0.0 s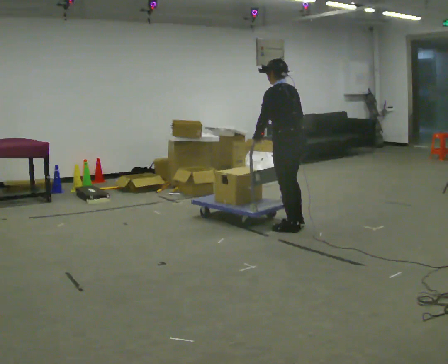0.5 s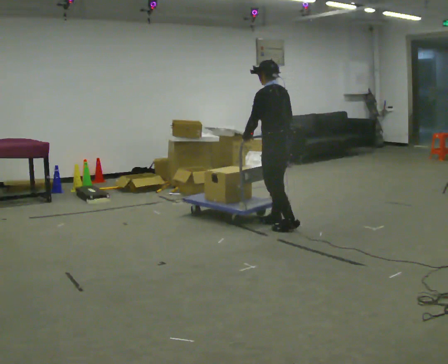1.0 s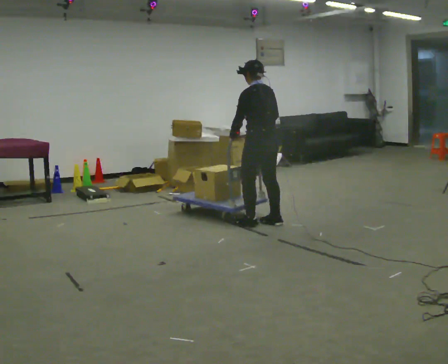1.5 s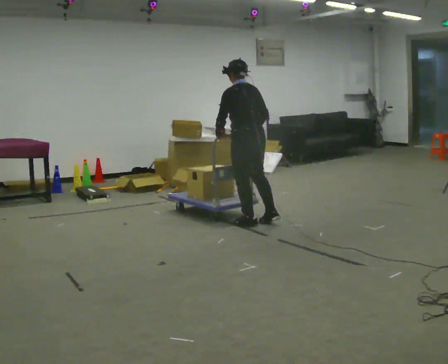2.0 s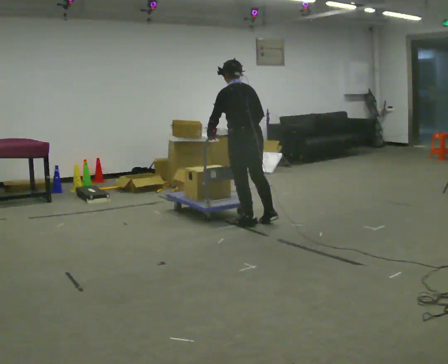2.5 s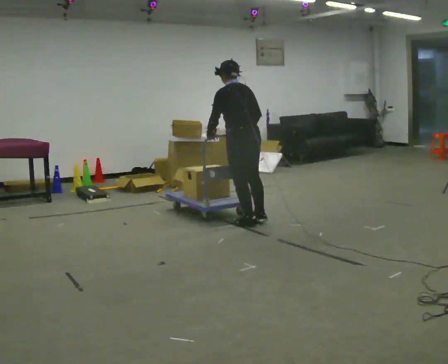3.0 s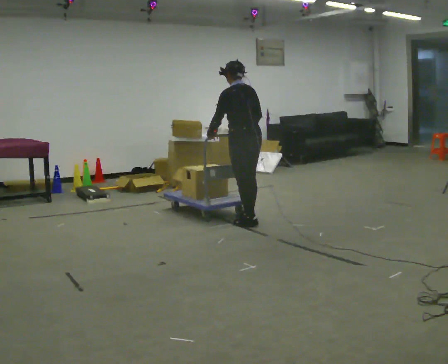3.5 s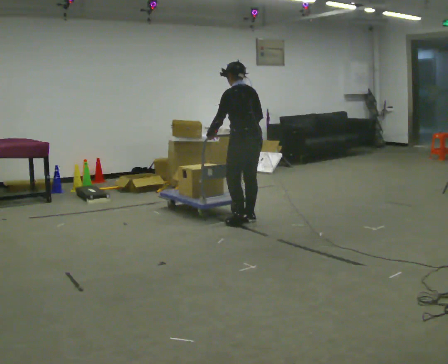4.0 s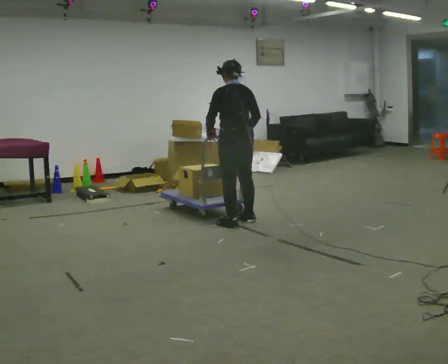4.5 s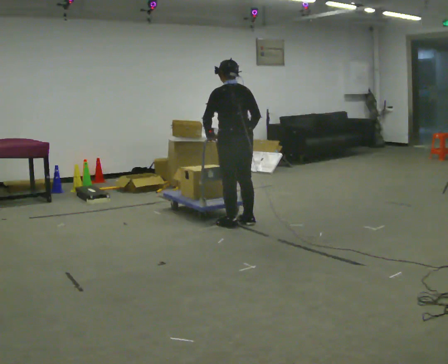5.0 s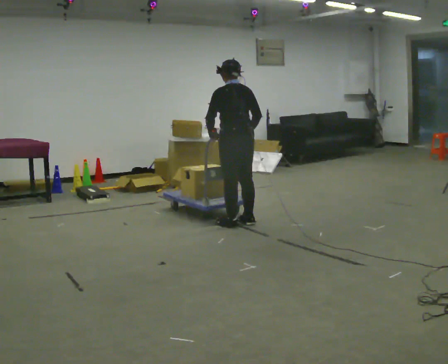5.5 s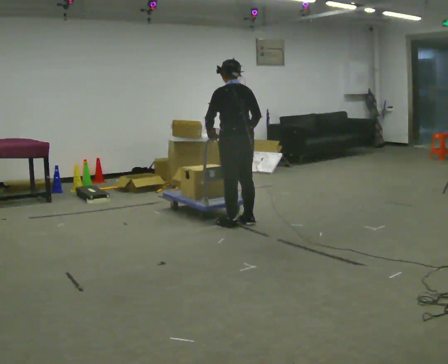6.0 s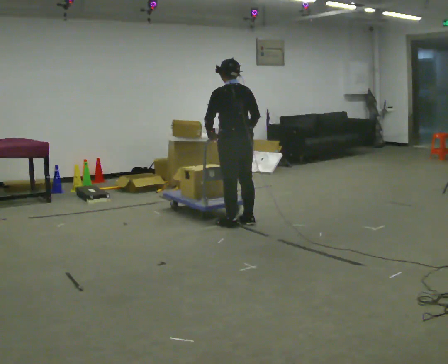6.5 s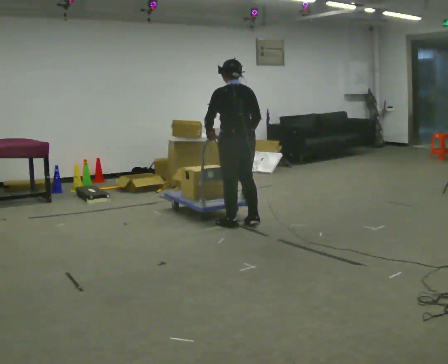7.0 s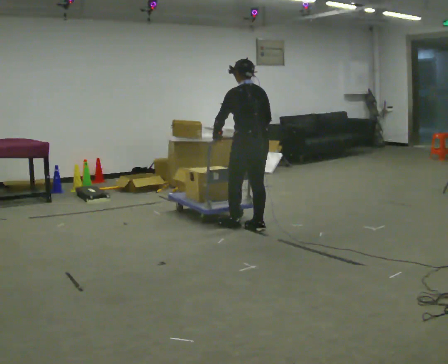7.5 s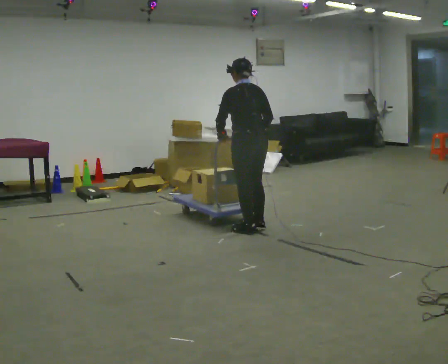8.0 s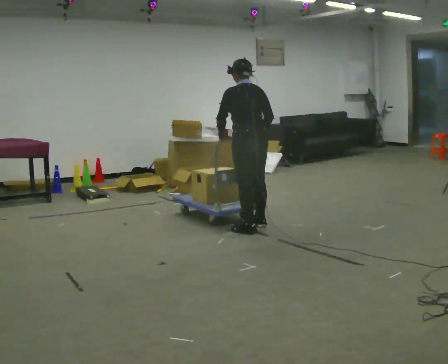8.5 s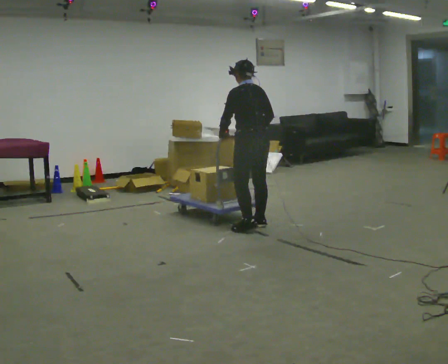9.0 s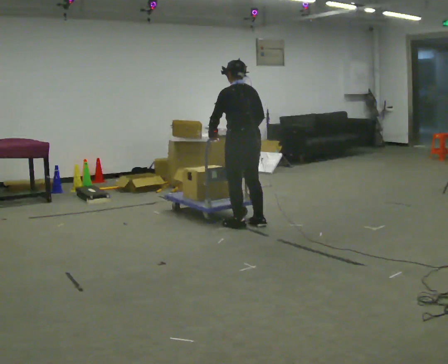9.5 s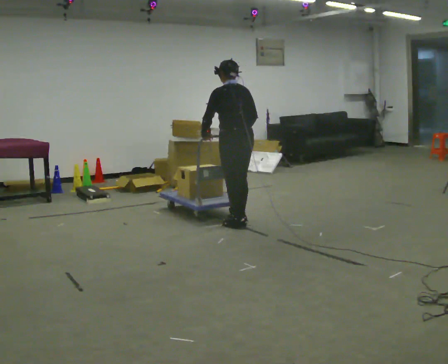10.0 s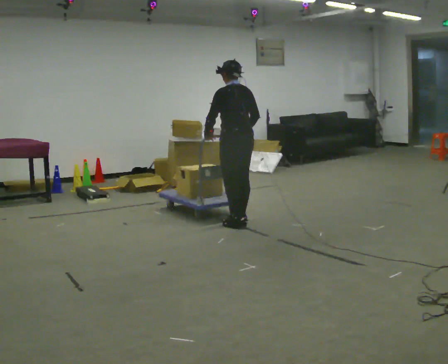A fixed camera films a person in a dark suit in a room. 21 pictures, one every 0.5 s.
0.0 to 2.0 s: In the picture they go to the left, about 0.5 m in 2 steps, which for them is forward and to their left.
2.0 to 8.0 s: The person moves a little, or ends about where they began.
8.0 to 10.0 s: In the picture they go away from the camera, about 0.25 m in 2 steps, which for them is forward.
The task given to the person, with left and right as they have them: Get the cart into the marked parking space and lined up with the tape. Take as many adjustments as you need. Then take it out again and repeat.
The film runs forward here.
